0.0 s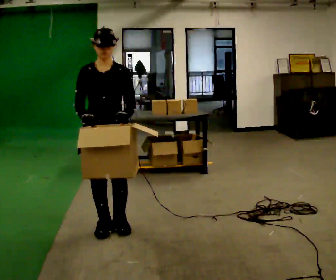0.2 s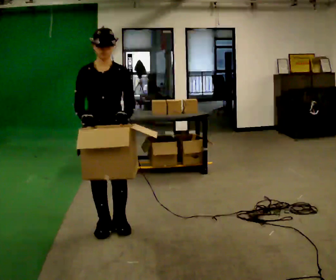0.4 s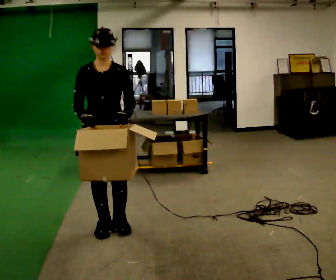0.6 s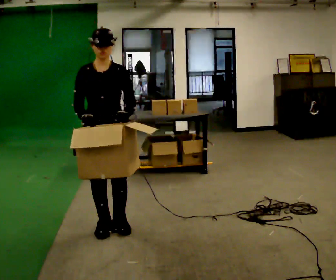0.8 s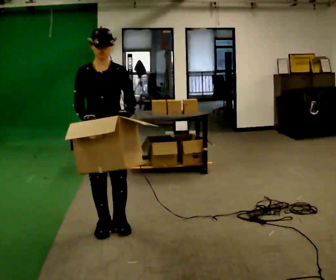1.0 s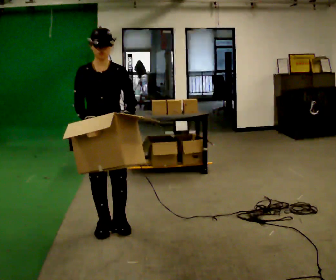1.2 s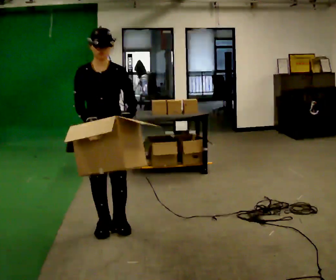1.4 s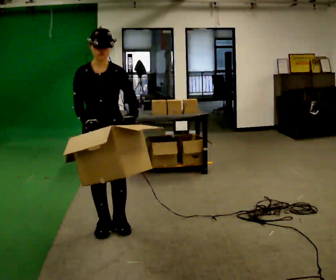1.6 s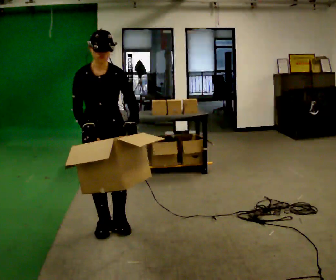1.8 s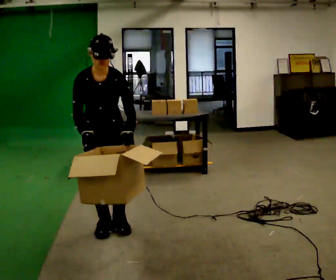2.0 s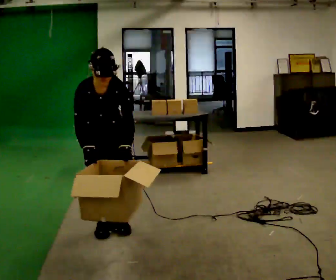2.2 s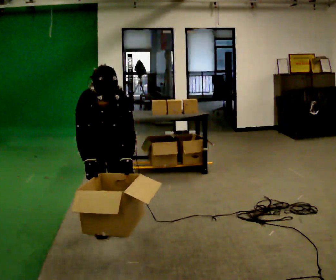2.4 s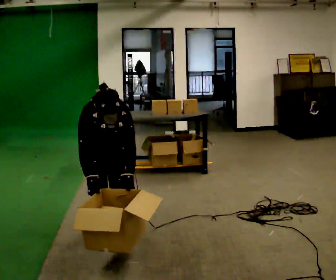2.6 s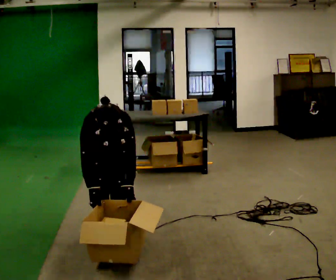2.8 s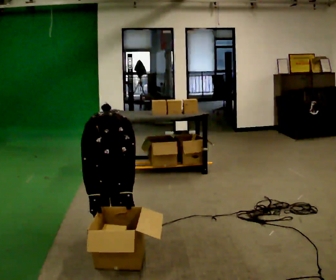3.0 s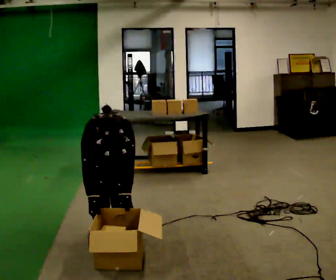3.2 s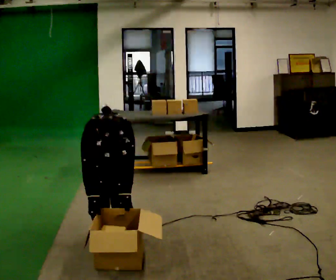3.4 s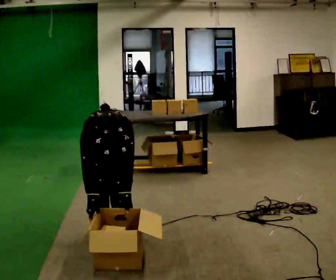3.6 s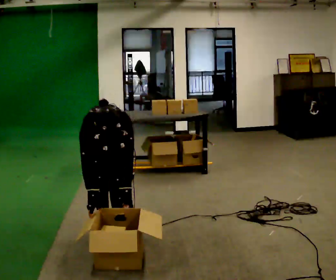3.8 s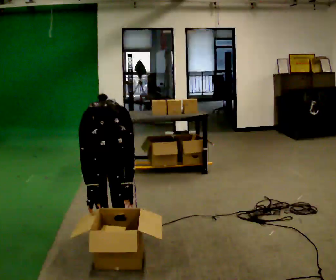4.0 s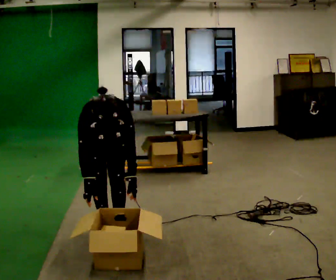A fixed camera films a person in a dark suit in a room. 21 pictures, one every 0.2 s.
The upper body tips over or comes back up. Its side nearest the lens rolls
downward.
0.0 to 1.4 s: The person moves a little, or ends about where they began.
1.4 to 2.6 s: The upper body goes downward. The upper body tips toward the camera, its near side rolling downward, as they bend forward. In the picture their left hand goes downward.
2.6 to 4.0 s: The person moves a little, or ends about where they began.
The film runs backward here.
